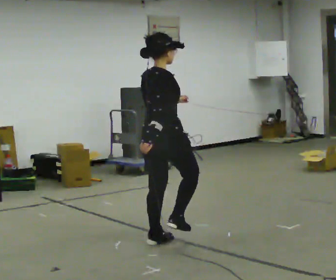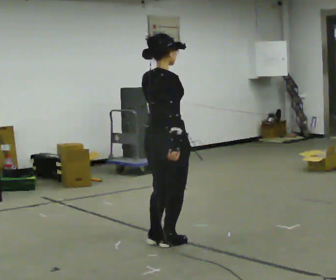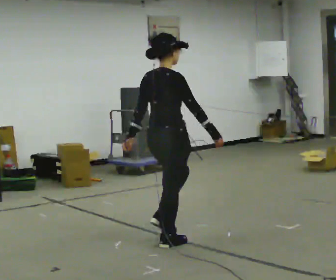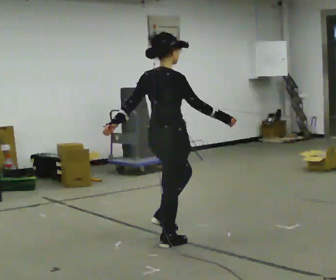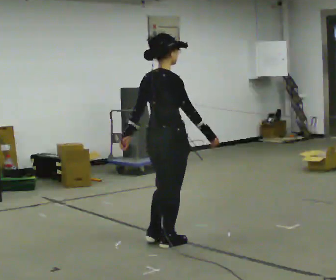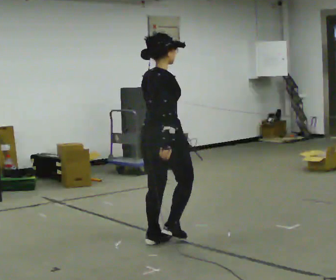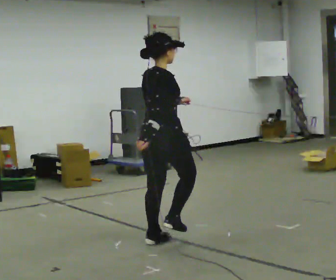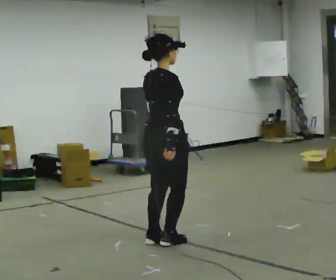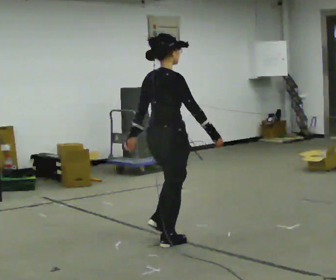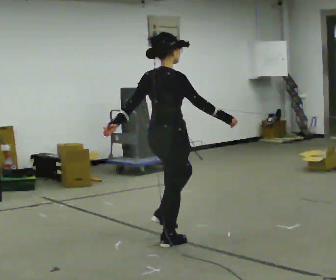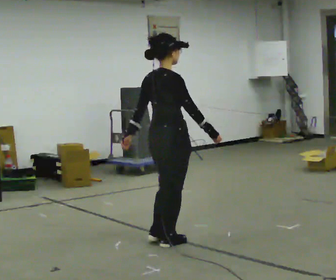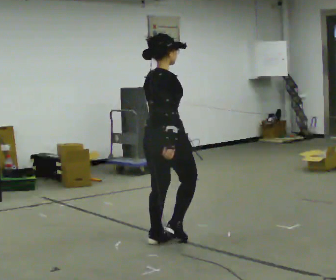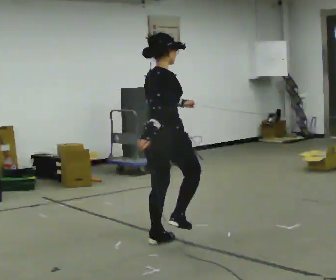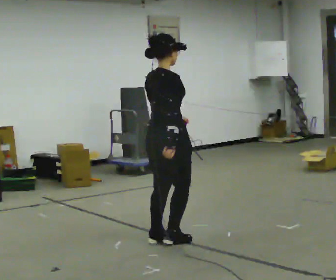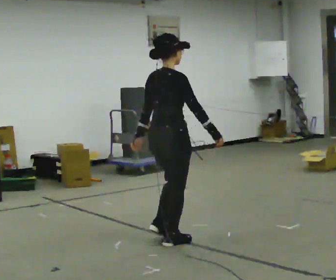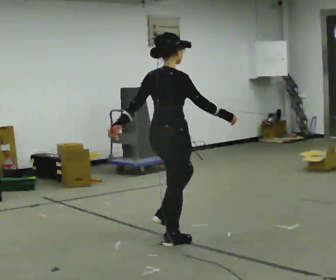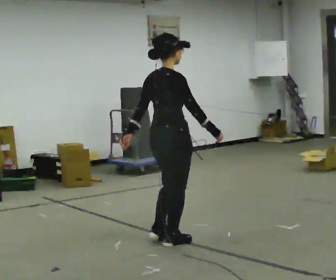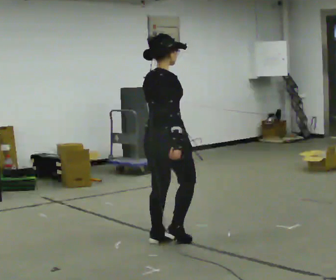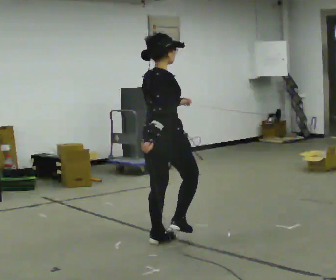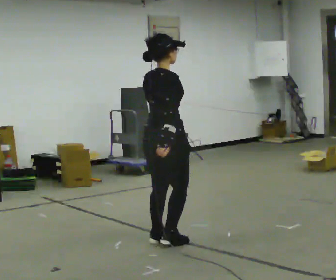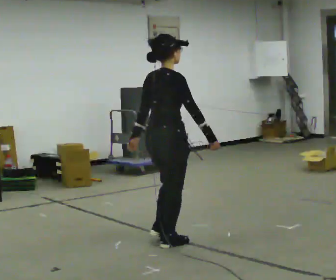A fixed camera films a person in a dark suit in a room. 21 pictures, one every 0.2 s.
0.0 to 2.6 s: The person moves a little, or ends about where they began.
2.6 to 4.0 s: In the picture their left hand goes to the left.
The film runs forward here.
